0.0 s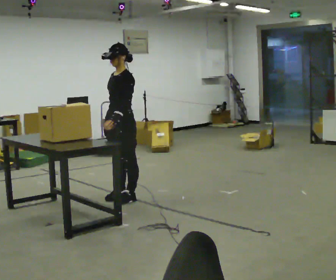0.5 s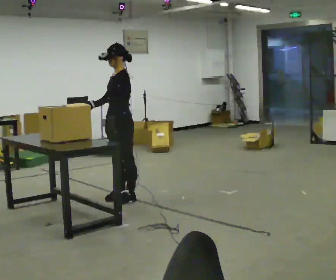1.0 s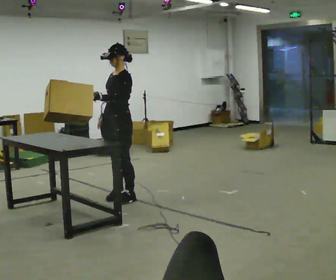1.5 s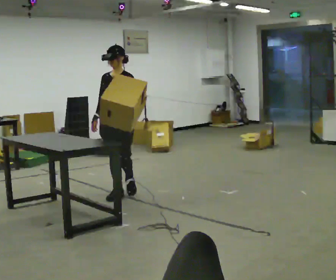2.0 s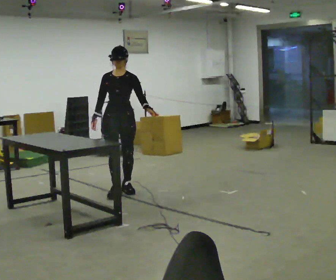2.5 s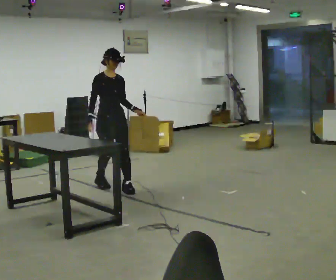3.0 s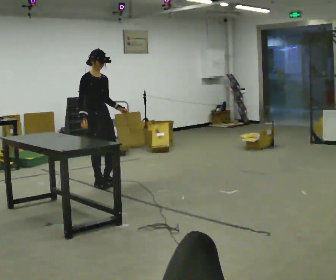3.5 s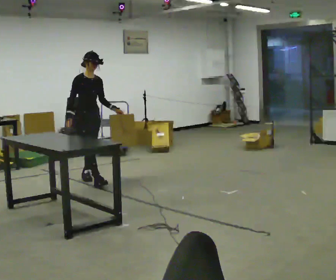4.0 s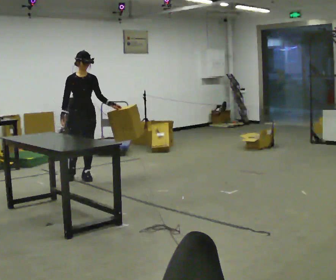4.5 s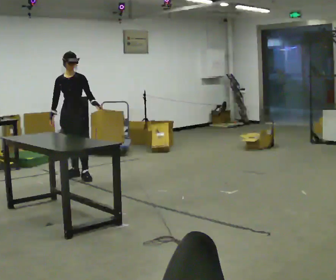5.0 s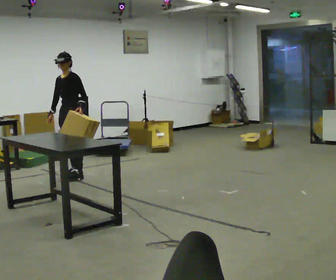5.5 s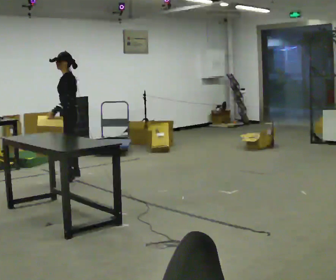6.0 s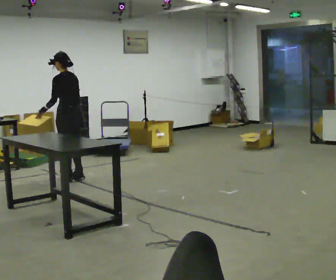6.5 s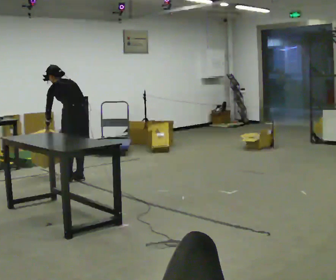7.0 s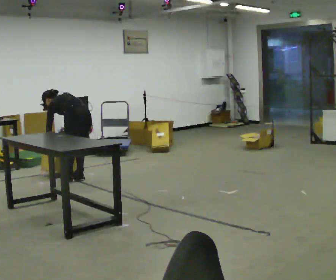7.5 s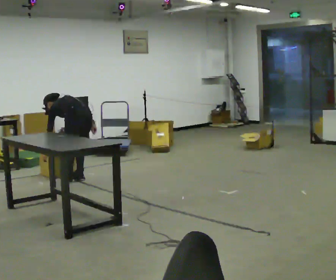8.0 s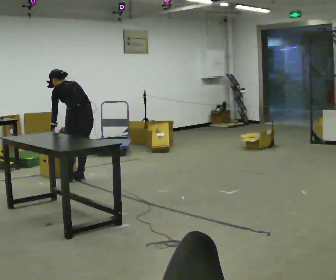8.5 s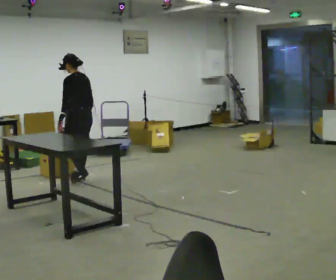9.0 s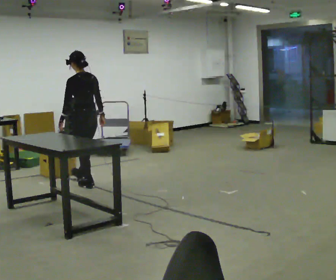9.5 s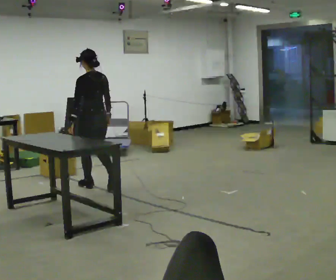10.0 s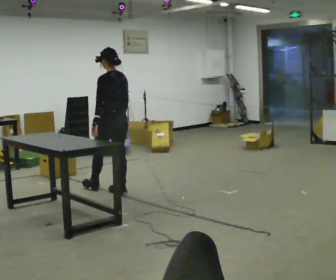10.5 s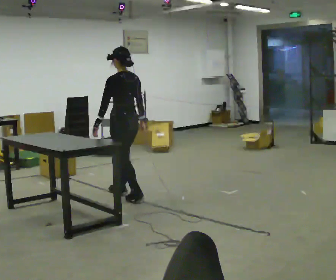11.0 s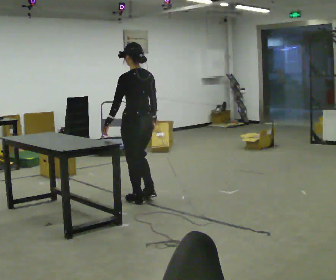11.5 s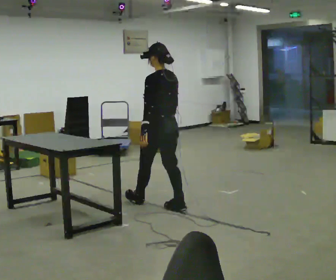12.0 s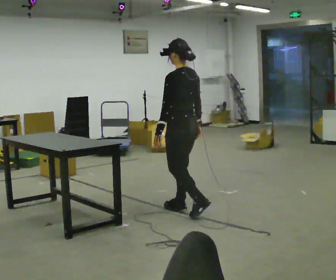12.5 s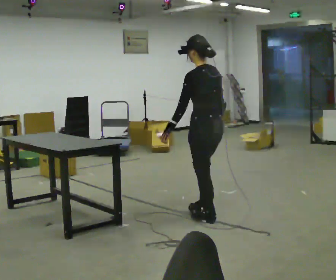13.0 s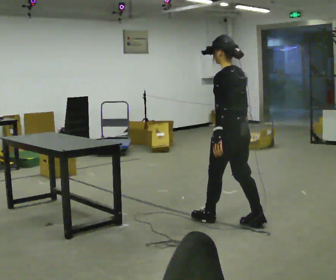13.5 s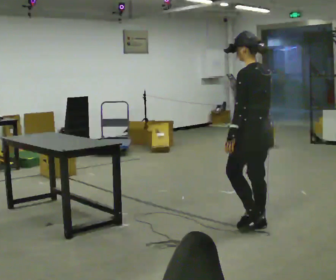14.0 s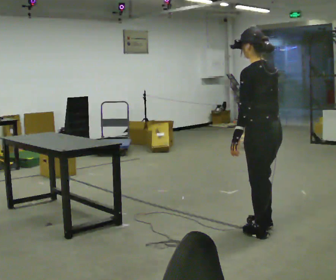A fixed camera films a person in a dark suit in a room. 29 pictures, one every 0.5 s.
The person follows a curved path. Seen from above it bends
counterclockwise.
0.0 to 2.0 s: Seen from above the body turns counterclockwise, about 45 degrees: to their left, with its near side sliding to the right. In the picture they go away from the camera, about 0.25 m in 2 steps.
2.0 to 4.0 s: The part of the body nearest the lens slides to the right as the person turns to their left by about 30 degrees. In the picture they go away from the camera and to the left, about 1 m in 2 steps, which for them is backward.
4.0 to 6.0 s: The part of the body nearest the lens slides to the left as the person turns to their right by about 150 degrees. In the picture they go to the left, about 0.25 m in 2 steps. In the picture their left hand goes to the left, the arm swinging clockwise.
6.0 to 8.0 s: The person moves a little, or ends about where they began.
8.0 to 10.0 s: In the picture they go toward the camera and to the right, about 0.75 m in 3 steps, which for them is backward. The upper body tips toward the camera, its near side rolling downward, as they lean back or straighten.
10.0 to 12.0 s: In the picture they go toward the camera and to the right, about 1 m in 2 steps, which for them is backward.
12.0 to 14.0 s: In the picture they go toward the camera and to the right, about 1 m in 3 steps, which for them is backward.
The film runs backward here.
